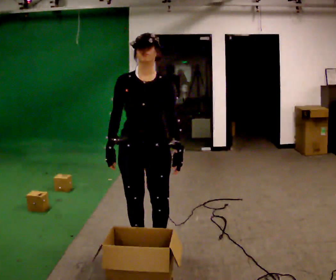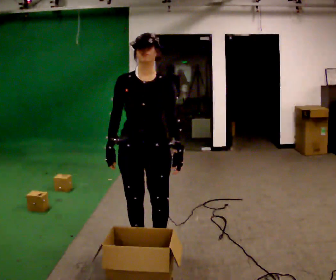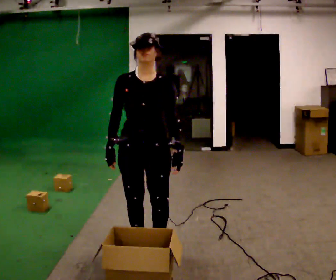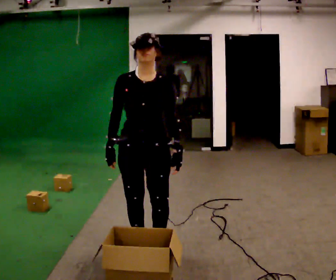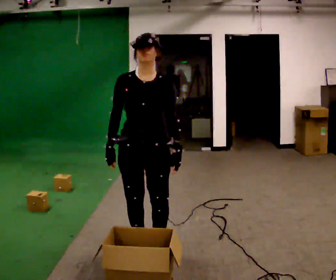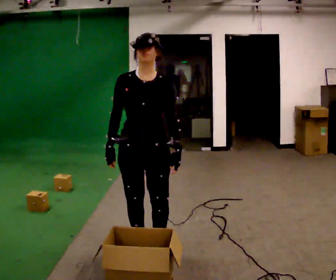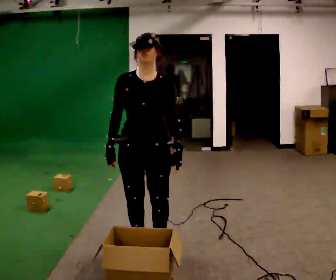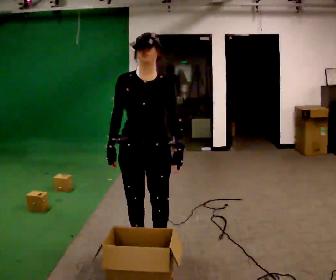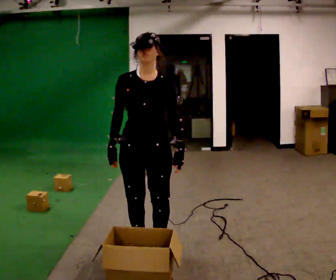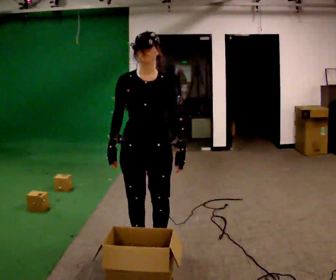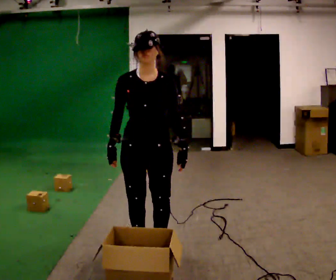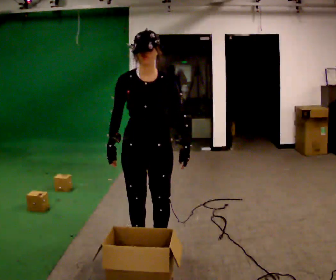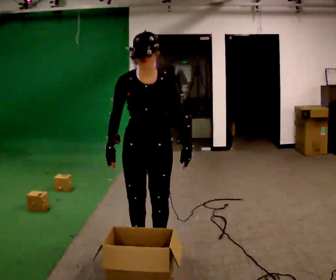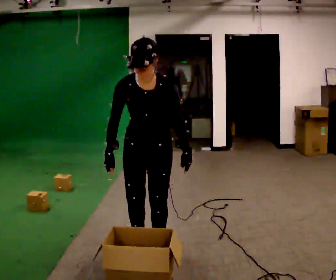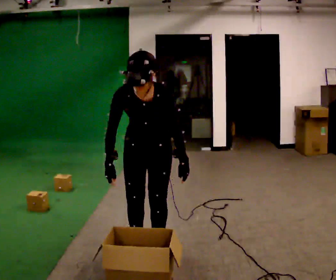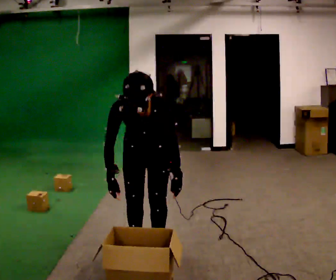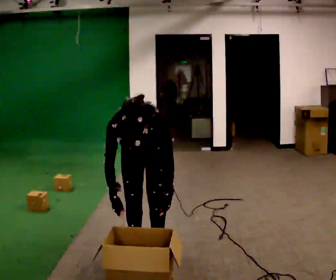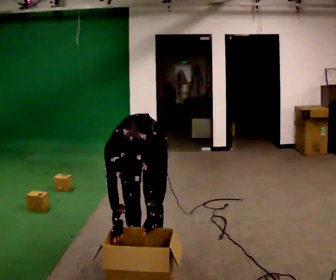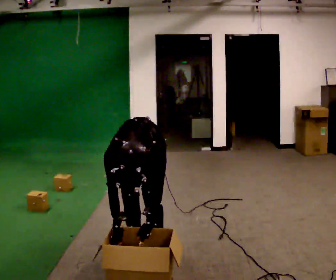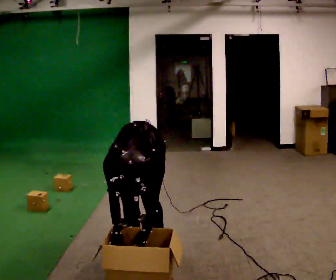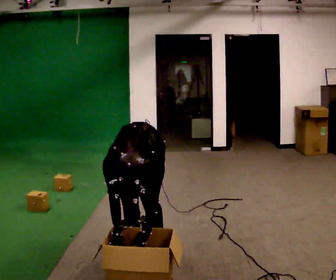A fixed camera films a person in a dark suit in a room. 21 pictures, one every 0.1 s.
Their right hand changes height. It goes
downward.
The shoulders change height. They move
downward.
0.0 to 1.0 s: The person moves a little, or ends about where they began.
1.0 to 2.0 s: The upper body goes downward. The upper body tips toward the camera, its near side rolling downward, as they bend forward. In the picture their left hand goes downward.
The film runs backward here.
